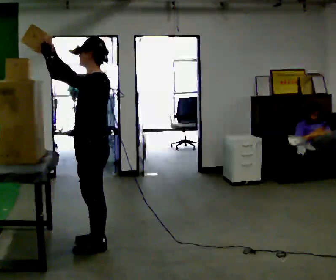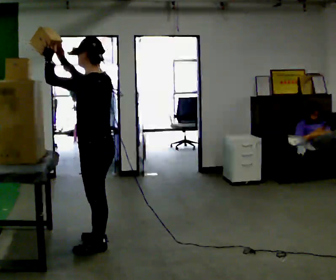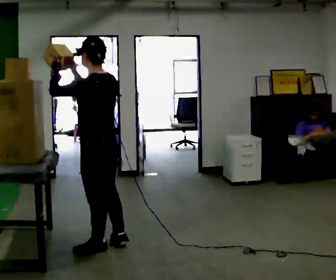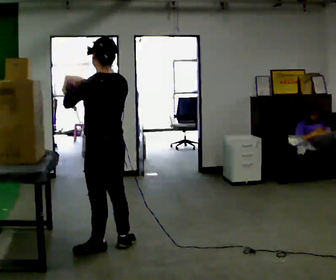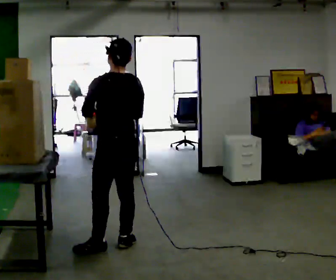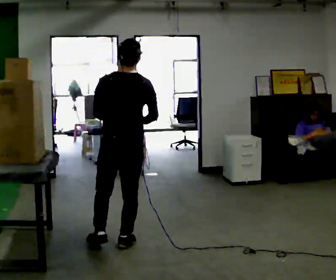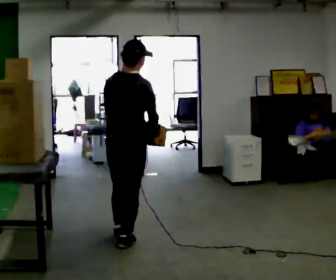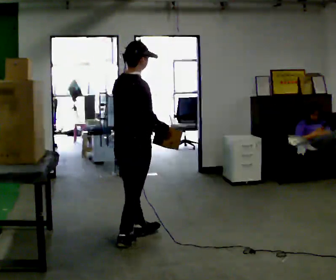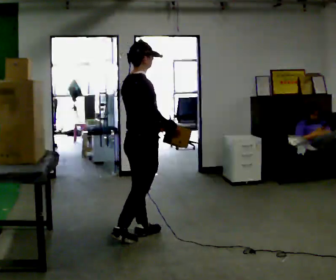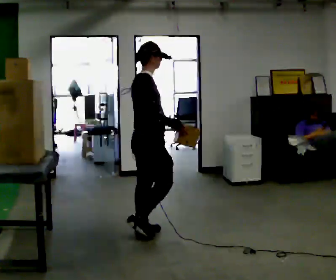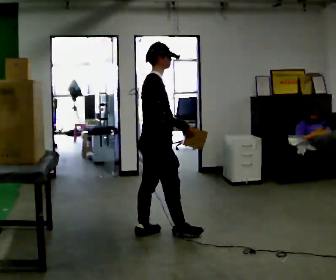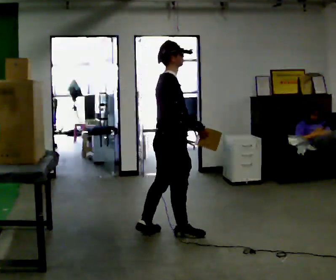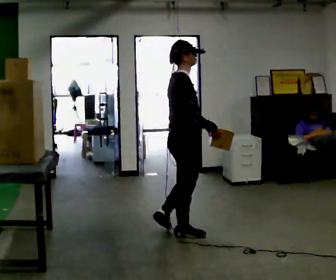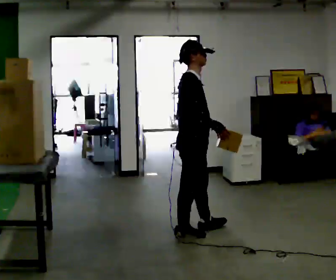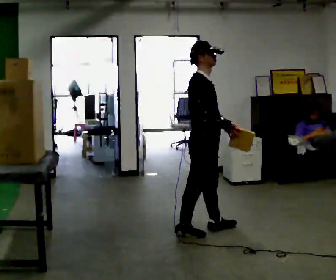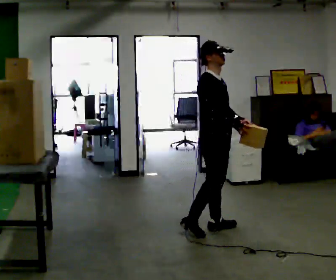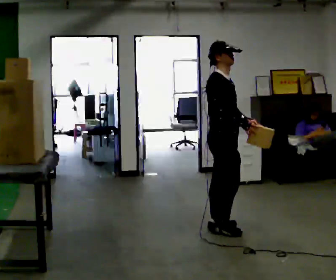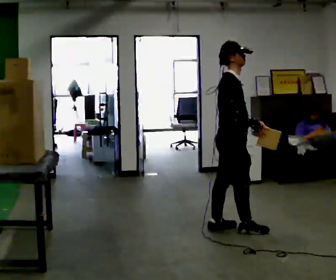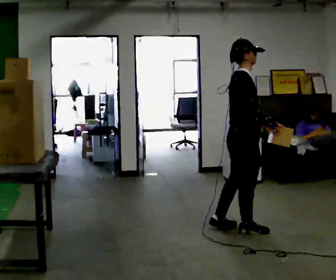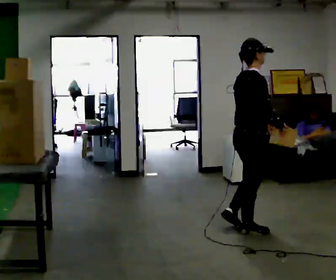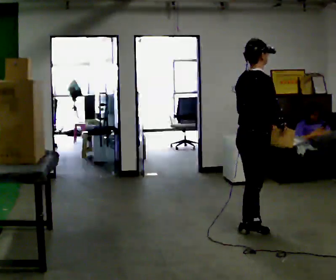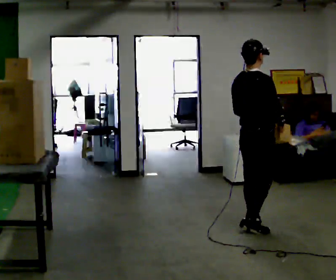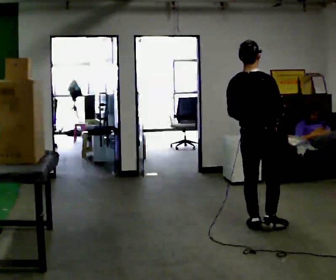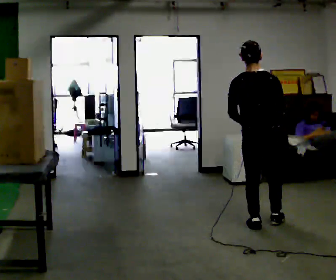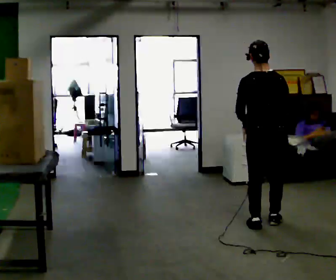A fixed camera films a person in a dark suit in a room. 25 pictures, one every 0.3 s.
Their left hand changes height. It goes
downward.
The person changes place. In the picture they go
to the right.
0.0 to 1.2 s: The part of the body nearest the lens slides to the left as the person turns to their right by about 45 degrees. In the picture they go to the right, about 0.25 m in 1 step, which for them is backward and to their right. In the picture their right hand goes downward and to the right.
1.2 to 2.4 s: Seen from above the body turns clockwise, about 105 degrees: to their right, with its near side sliding to the left. In the picture they go away from the camera, about 0.25 m in 1 step.
2.4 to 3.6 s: In the picture they go to the right, about 0.25 m in 1 step, which for them is forward.
3.6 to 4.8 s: The part of the body nearest the lens slides to the left as the person turns to their right by about 30 degrees. In the picture they go to the right and away from the camera, about 0.25 m in 1 step, which for them is forward and to their left.
4.8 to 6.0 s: Seen from above the body turns counterclockwise, about 45 degrees: to their left, with its near side sliding to the right. In the picture they go to the right, about 0.25 m in 2 steps, which for them is forward and to their right.
6.0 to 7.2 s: The part of the body nearest the lens slides to the right as the person turns to their left by about 60 degrees. In the picture they go away from the camera and to the right, about 0.25 m in 1 step.
The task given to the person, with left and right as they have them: Take an object from the lowest shelf, carry it across the room, and place it on the highest shelf you can comfortably reach. Keep going until the operator says stop; one object at a time, and do not rush between trips.
The film runs forward here.
